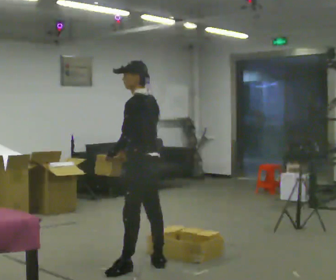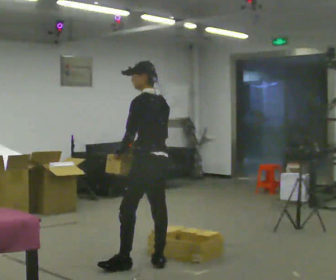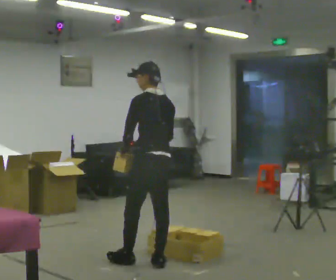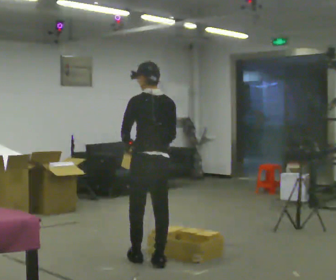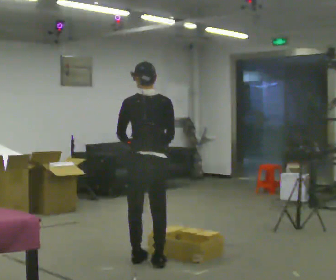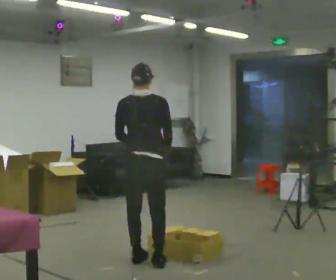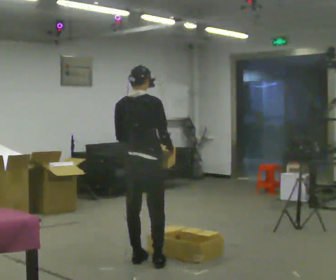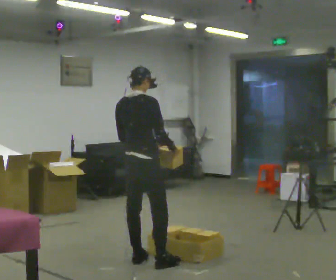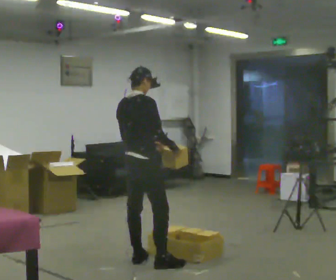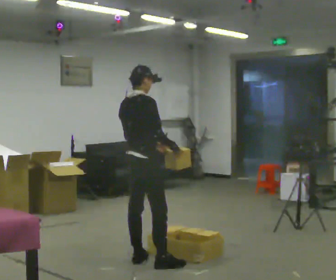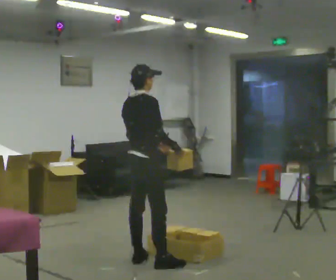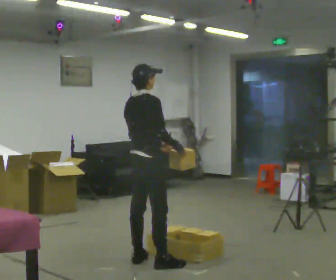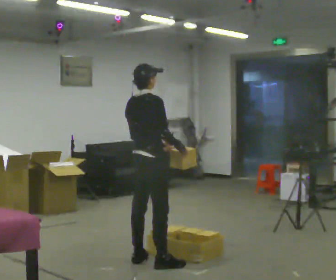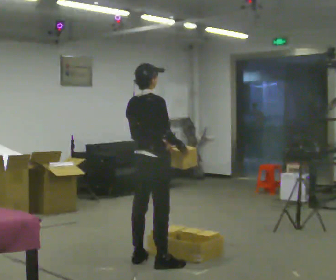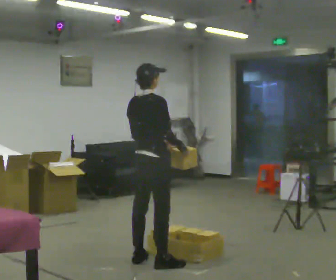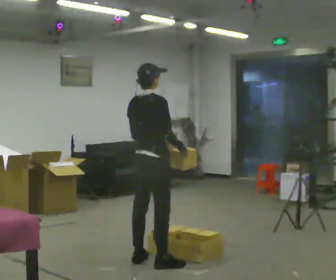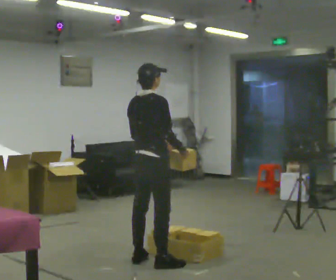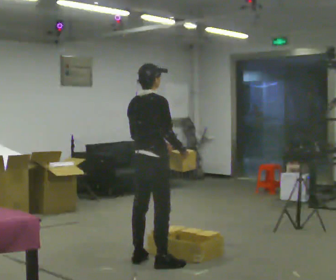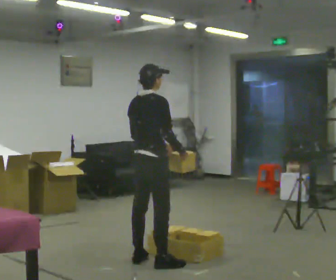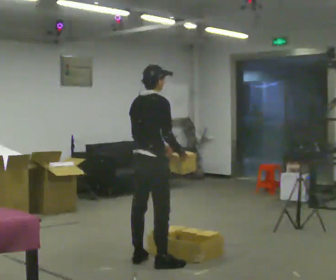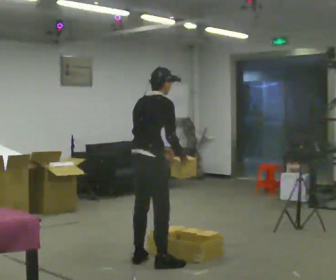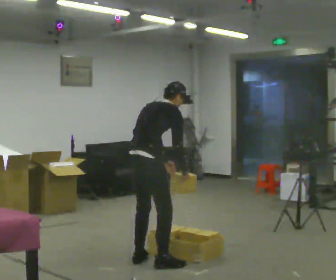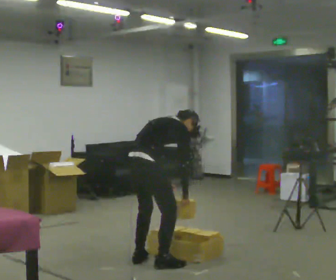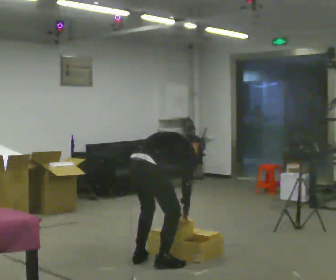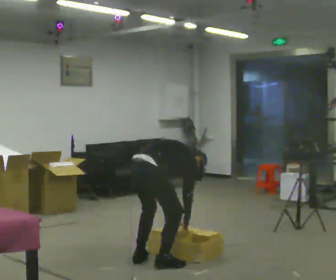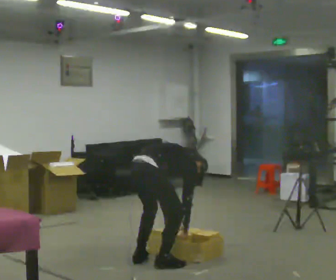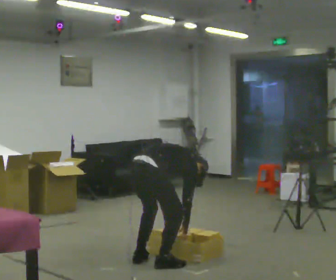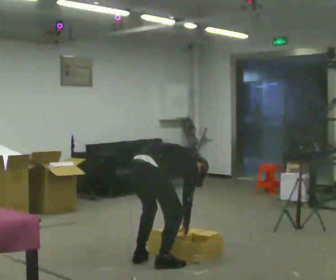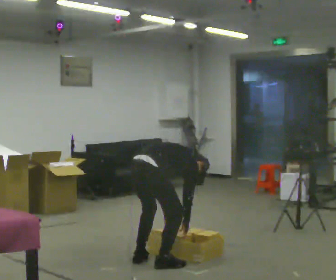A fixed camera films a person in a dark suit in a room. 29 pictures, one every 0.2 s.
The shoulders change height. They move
downward.
The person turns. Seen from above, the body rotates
clockwise.
0.0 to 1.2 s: The part of the body nearest the lens slides to the left as the person turns to their right by about 90 degrees. In the picture they go away from the camera, about 0.25 m in 1 step. In the picture their right hand goes to the right.
1.2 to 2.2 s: The part of the body nearest the lens slides to the left as the person turns to their right by about 30 degrees.
2.2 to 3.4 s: The person moves a little, or ends about where they began.
3.4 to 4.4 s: The upper body goes downward. In the picture the upper body tilts clockwise, shoulders to the right, as they bend forward. In the picture their right hand goes downward.
4.4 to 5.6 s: The upper body goes downward. In the picture the upper body tilts clockwise, shoulders to the right, as they bend forward. In the picture their left hand goes downward.
The film runs backward here.
